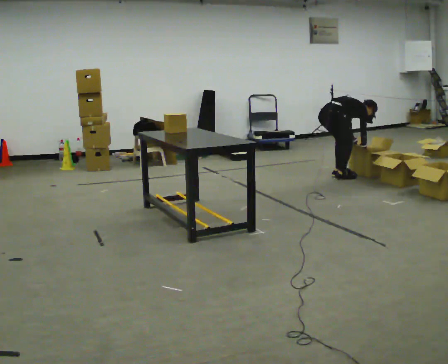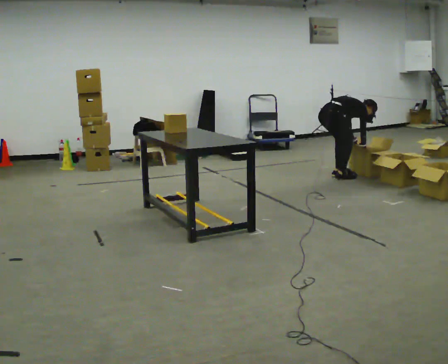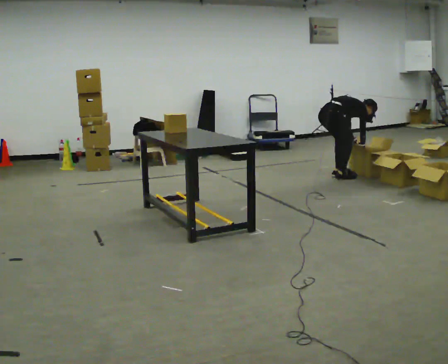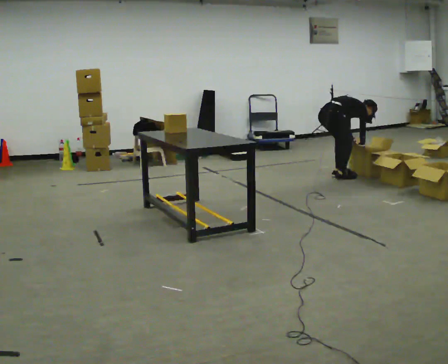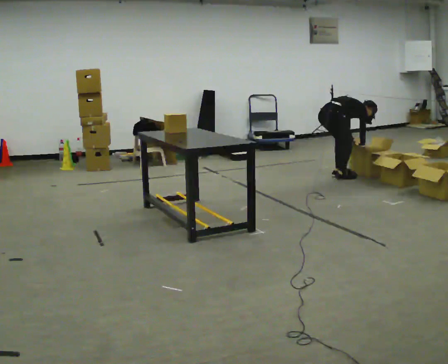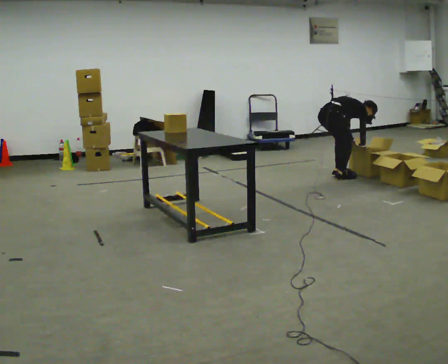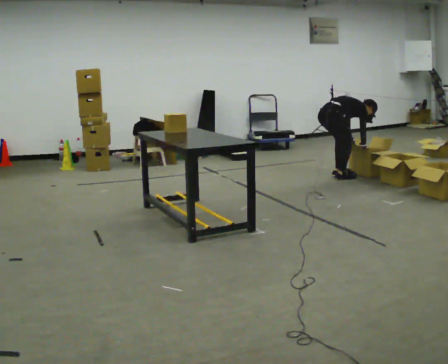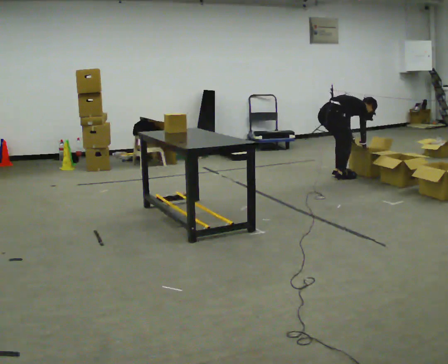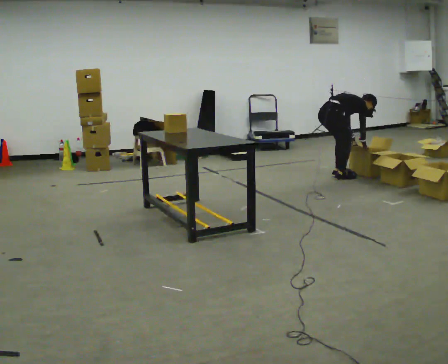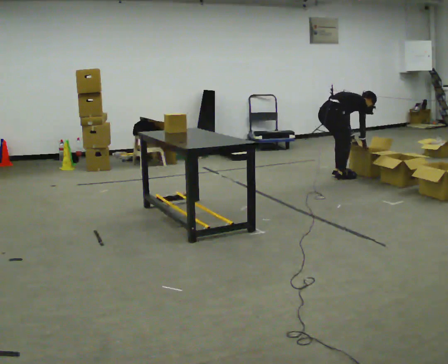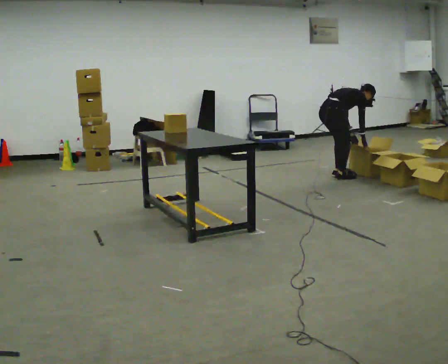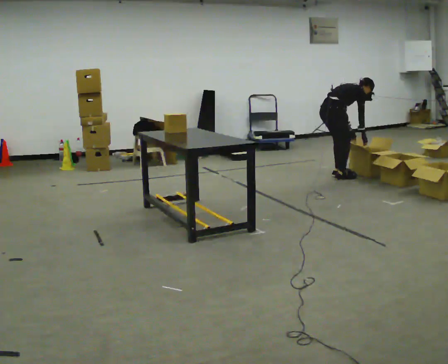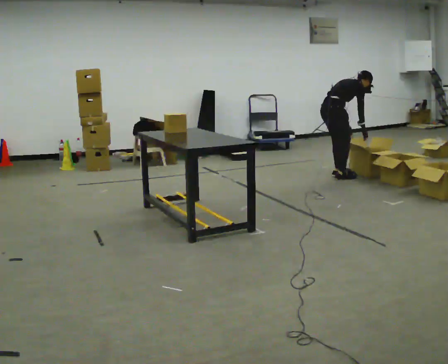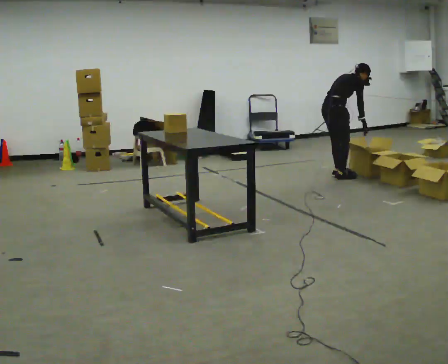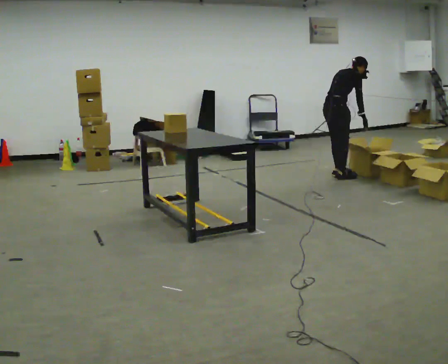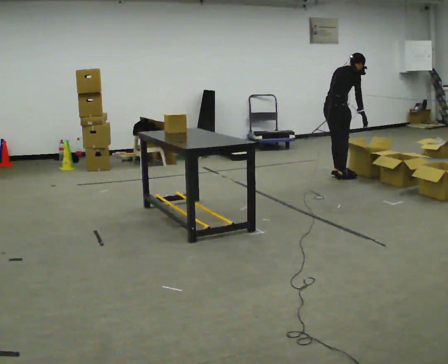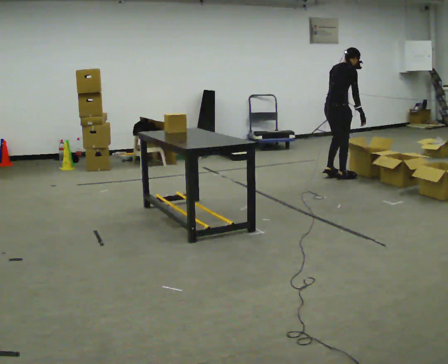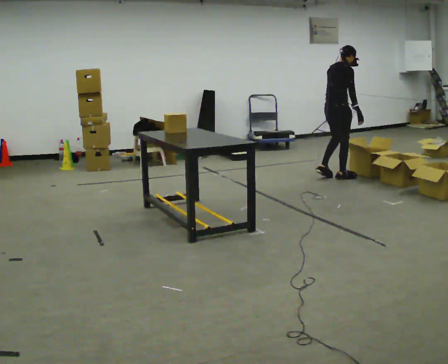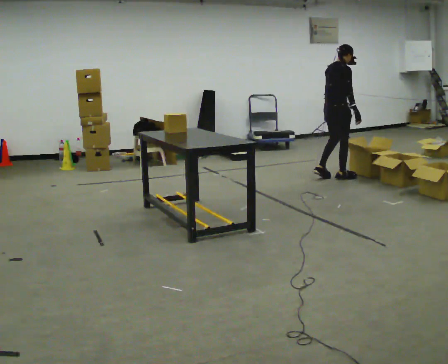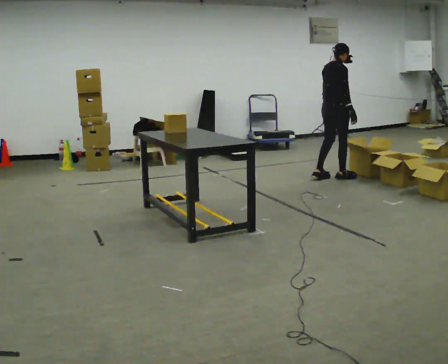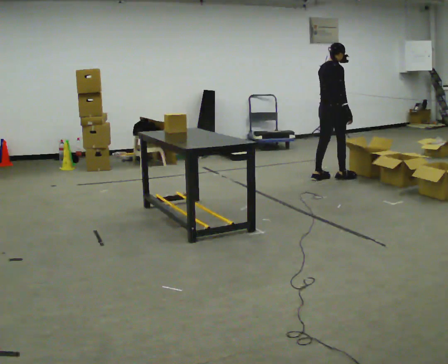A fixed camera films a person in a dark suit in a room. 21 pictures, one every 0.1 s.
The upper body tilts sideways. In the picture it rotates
counterclockwise.
Their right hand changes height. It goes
upward.
0.0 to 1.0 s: In the picture the upper body tilts counterclockwise, shoulders to the left, as they lean back or straighten.
1.0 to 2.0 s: The upper body goes upward. In the picture the upper body tilts counterclockwise, shoulders to the left, as they lean back or straighten. In the picture their right hand goes upward.
The film runs backward here.
